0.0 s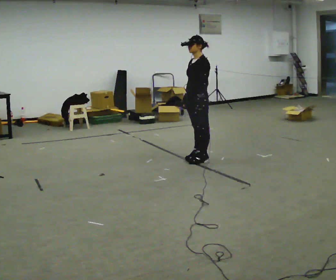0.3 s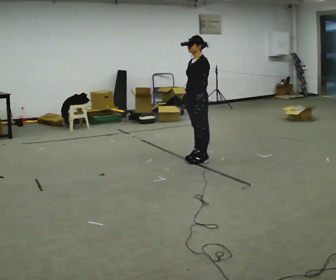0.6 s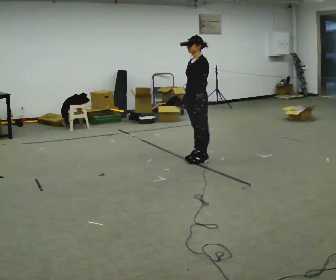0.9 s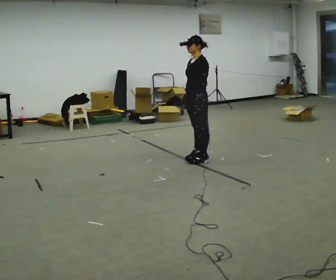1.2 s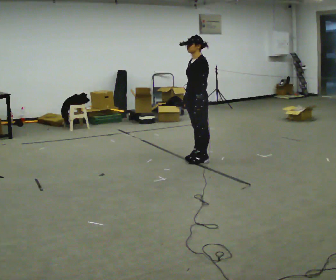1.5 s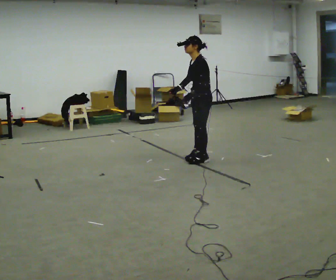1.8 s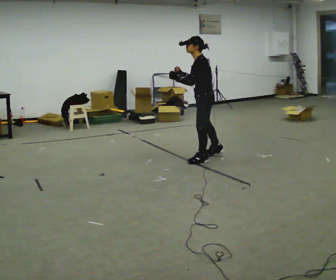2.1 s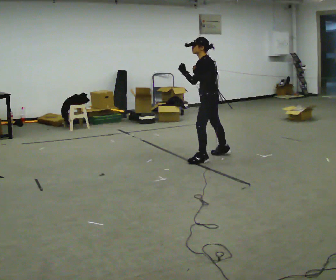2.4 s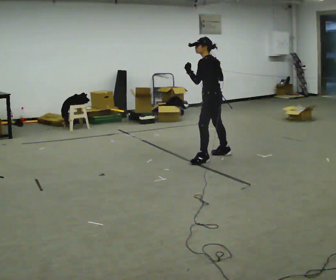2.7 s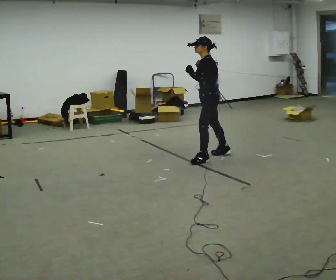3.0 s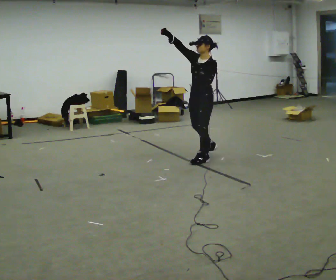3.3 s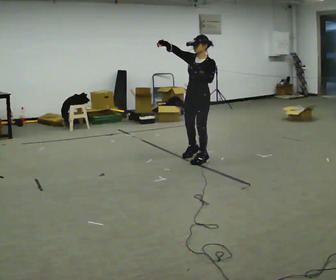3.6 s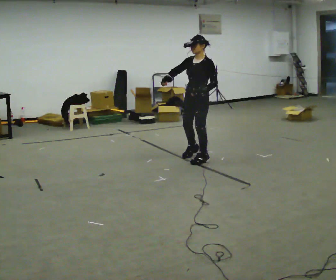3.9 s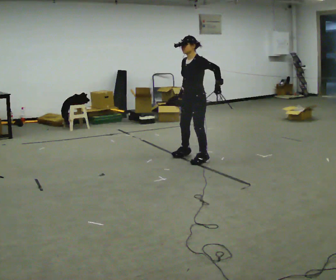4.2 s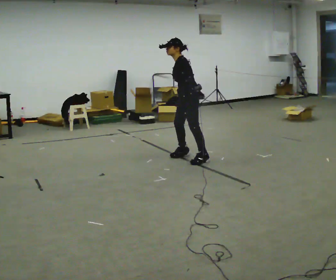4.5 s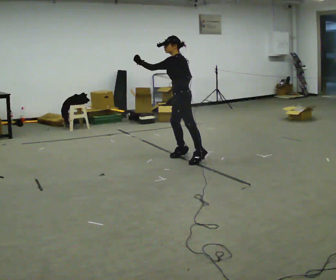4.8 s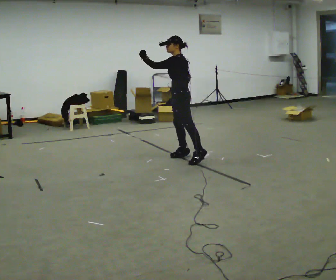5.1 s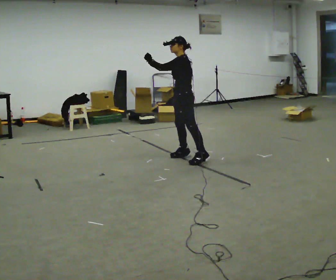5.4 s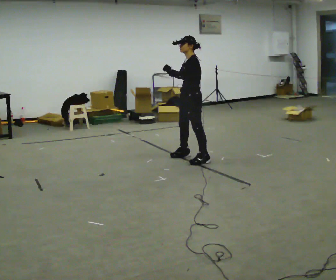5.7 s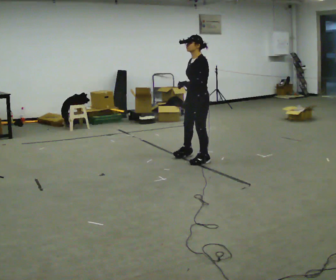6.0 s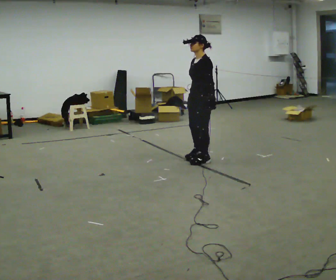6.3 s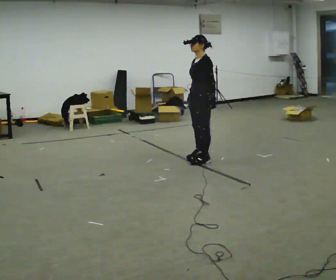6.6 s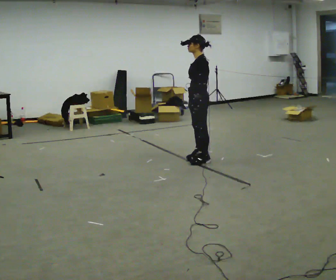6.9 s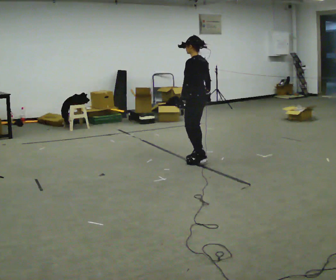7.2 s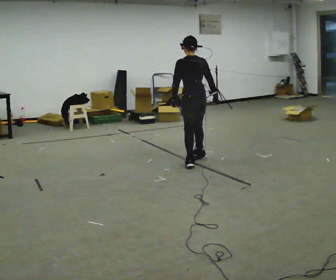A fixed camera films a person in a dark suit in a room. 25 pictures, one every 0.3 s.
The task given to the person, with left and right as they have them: Mimic boxing into the air at moderate speed with both hands, moving your feet only a little. Stay controlled; do not punch at full speed.
0.0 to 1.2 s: The person moves a little, or ends about where they began.
1.2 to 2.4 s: The part of the body nearest the lens slides to the left as the person turns to their right by about 45 degrees. In the picture they go to the right, about 0.25 m in 1 step, which for them is backward and to their right. In the picture their left hand goes upward.
2.4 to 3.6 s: Seen from above the body turns counterclockwise, about 75 degrees: to their left, with its near side sliding to the right. In the picture they go to the left, about 0.25 m in 1 step. In the picture their right hand goes to the left.
3.6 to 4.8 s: The part of the body nearest the lens slides to the left as the person turns to their right by about 45 degrees. In the picture they go to the left, about 0.25 m, which for them is forward and to their right. In the picture their left hand goes to the left and upward.
4.8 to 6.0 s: The part of the body nearest the lens slides to the right as the person turns to their left by about 30 degrees. In the picture they go to the right and toward the camera, about 0.25 m in 1 step, which for them is to their left and backward. In the picture their left hand goes downward.
6.0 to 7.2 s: The person turns about 90 degrees to their right, clockwise seen from above, so the part of the body nearest the lens slides to the left. In the picture their left hand goes to the left, the arm swinging clockwise.
The film runs forward here.
